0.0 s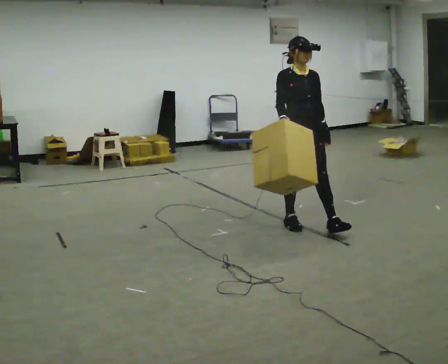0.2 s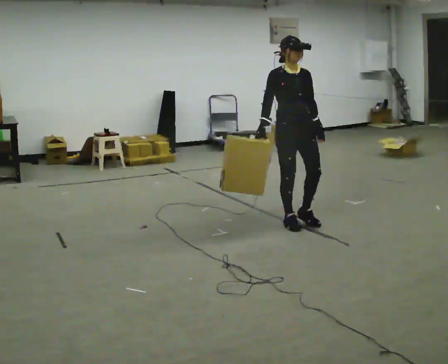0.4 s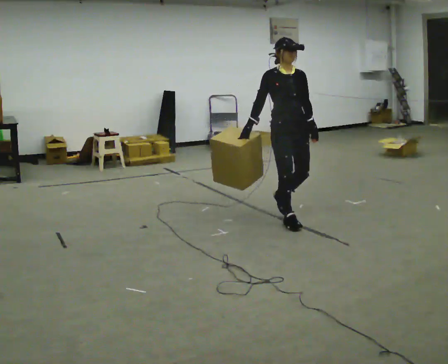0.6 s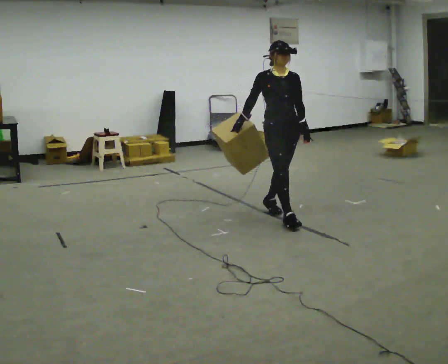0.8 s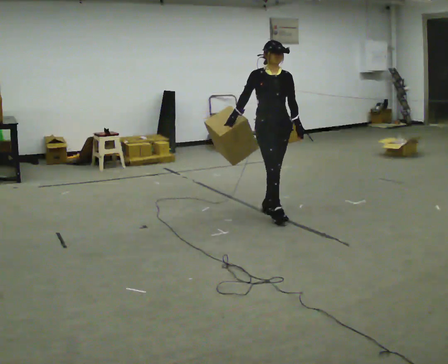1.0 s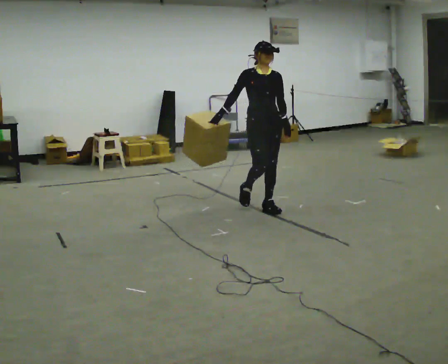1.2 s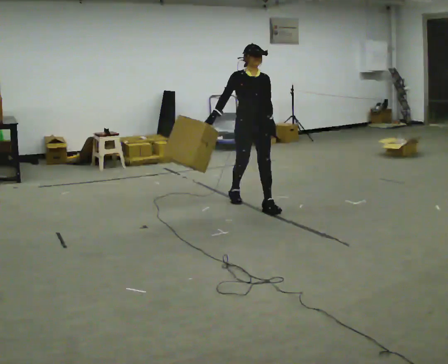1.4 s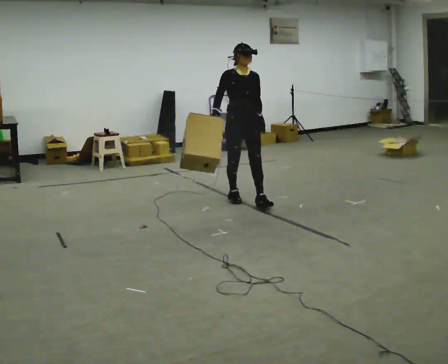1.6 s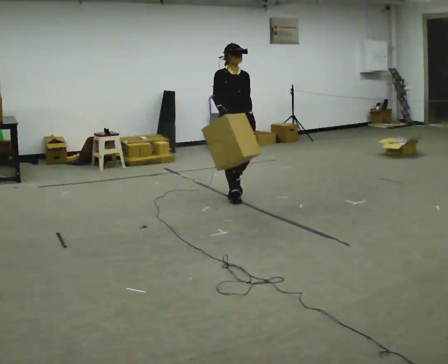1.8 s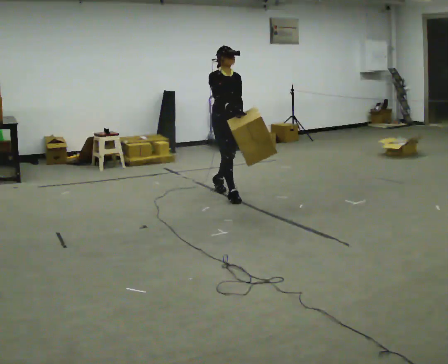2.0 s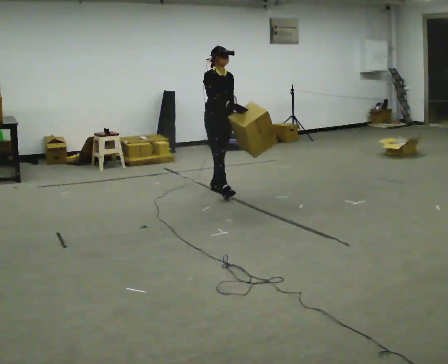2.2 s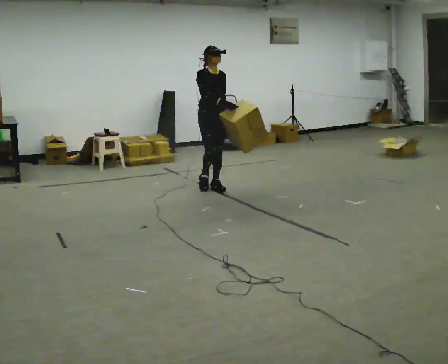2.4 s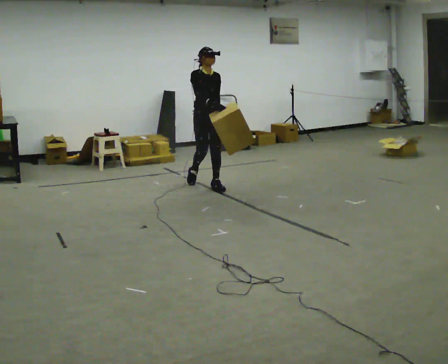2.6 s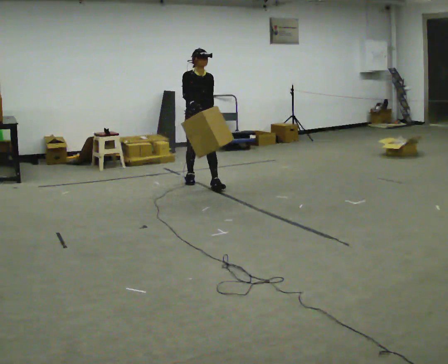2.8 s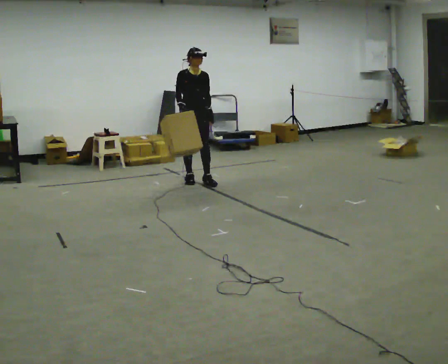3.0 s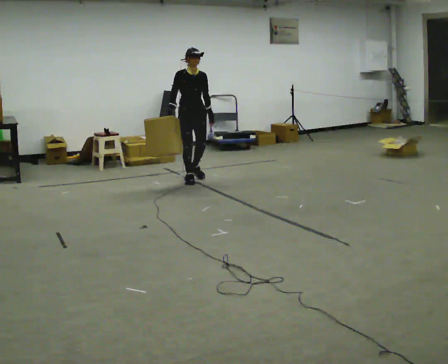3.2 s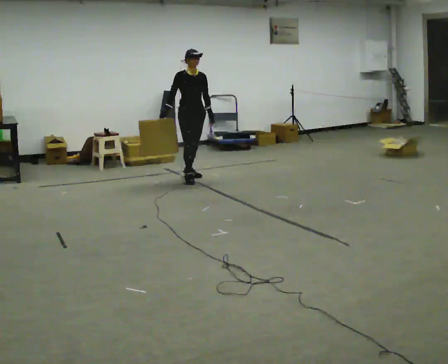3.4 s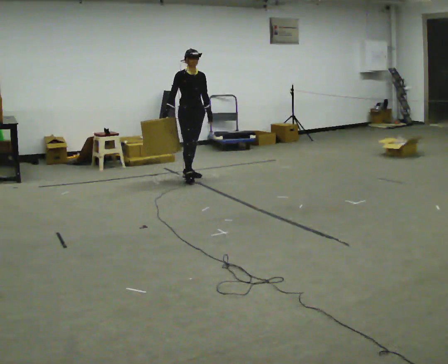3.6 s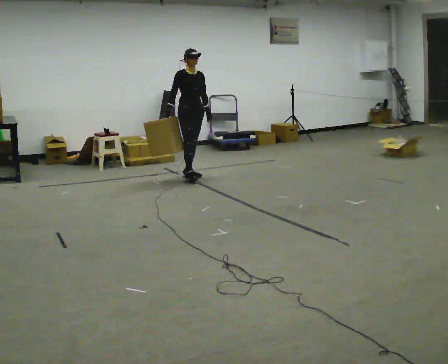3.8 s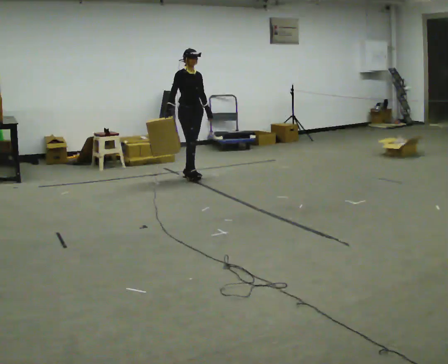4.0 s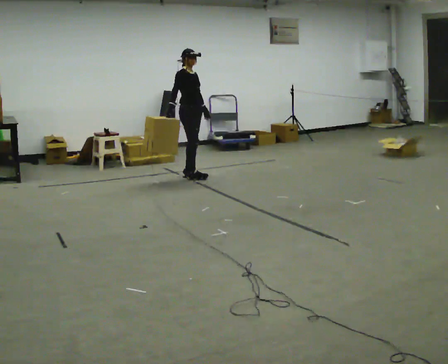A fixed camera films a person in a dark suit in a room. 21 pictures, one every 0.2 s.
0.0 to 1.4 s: In the picture they go away from the camera and to the left, about 1 m in 2 steps, which for them is backward.
1.4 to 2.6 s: In the picture they go away from the camera and to the left, about 1 m in 1 step, which for them is backward.
2.6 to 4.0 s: The part of the body nearest the lens slides to the right as the person turns to their left by about 45 degrees. In the picture they go away from the camera and to the left, about 0.5 m in 1 step, which for them is backward.
The film runs backward here.
